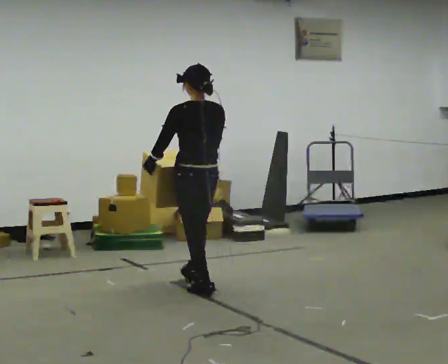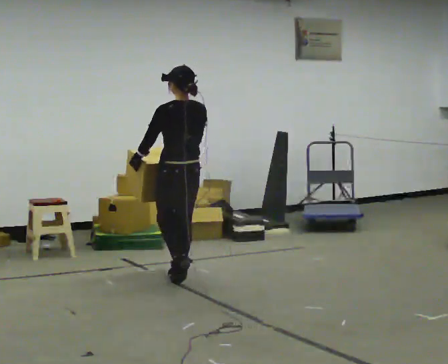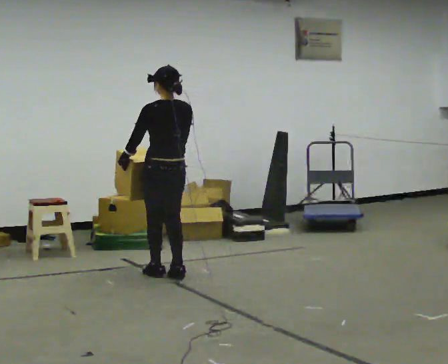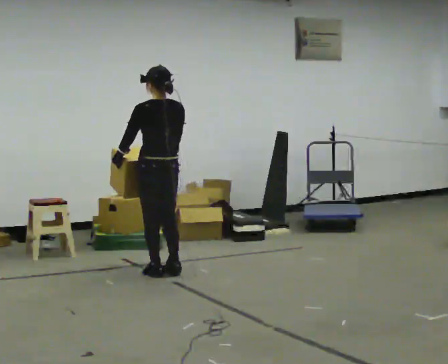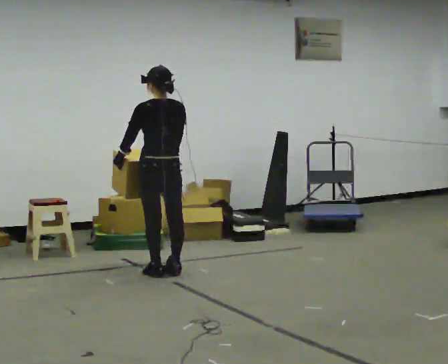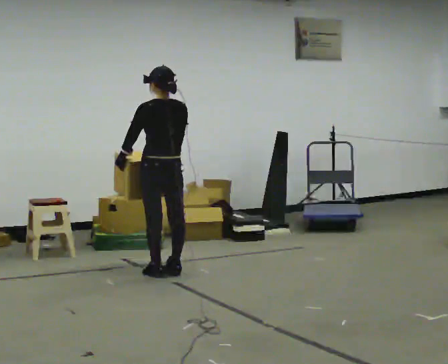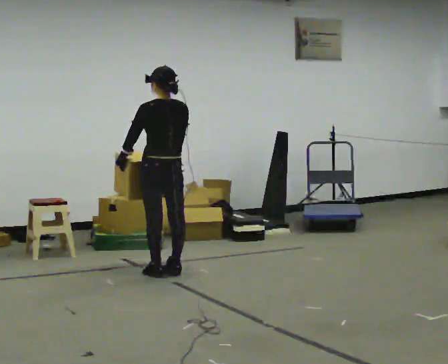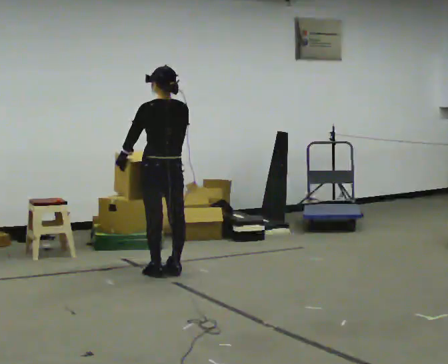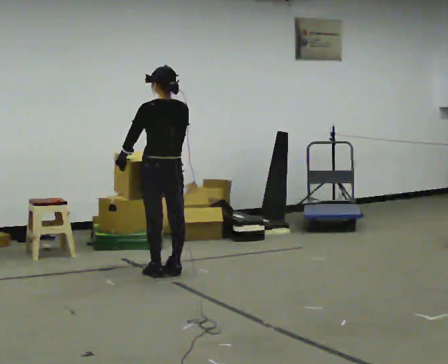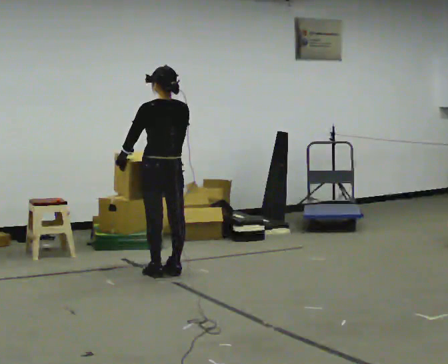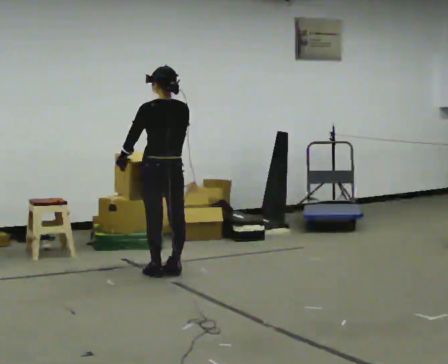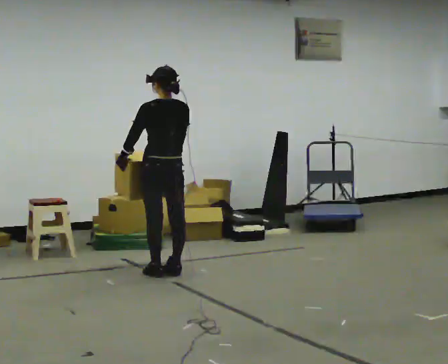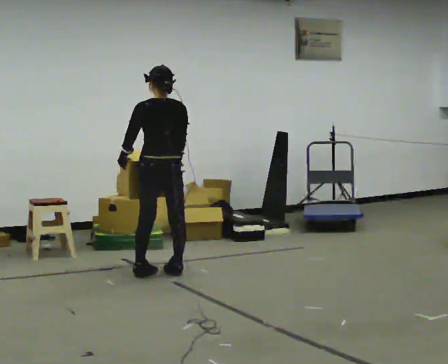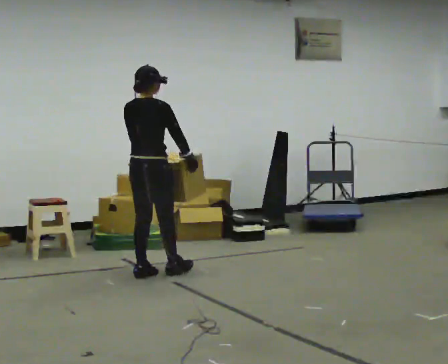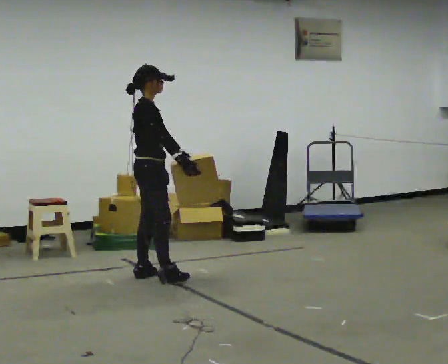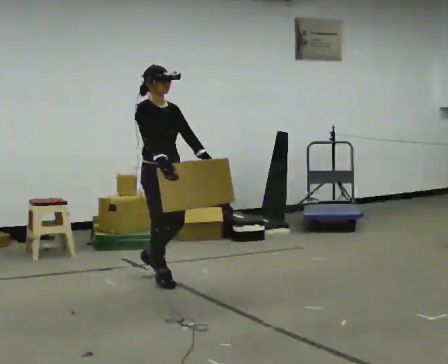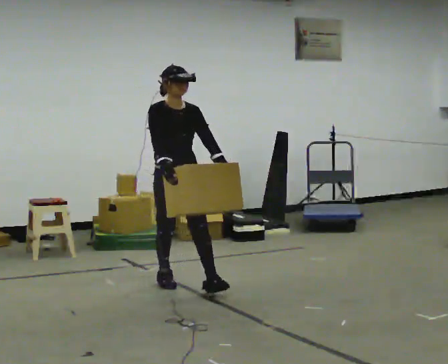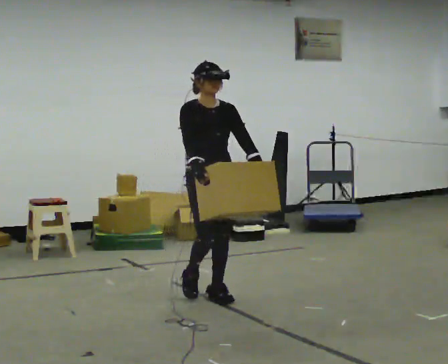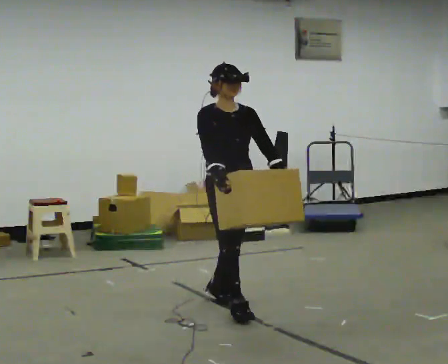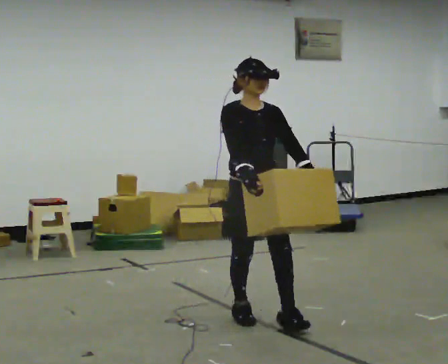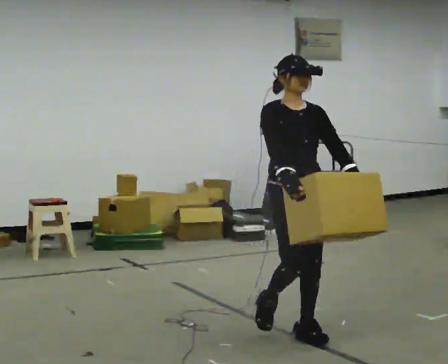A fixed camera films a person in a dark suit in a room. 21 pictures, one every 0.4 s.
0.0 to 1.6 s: In the picture they go away from the camera and to the left, about 0.5 m in 3 steps, which for them is forward.
1.6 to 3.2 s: The person keeps their place and pose.
3.2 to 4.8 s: The person moves a little, or ends about where they began.
4.8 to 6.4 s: The part of the body nearest the lens slides to the left as the person turns to their right by about 165 degrees. In the picture they go toward the camera and to the right, about 0.5 m in 2 steps.
6.4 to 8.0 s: In the picture they go toward the camera and to the right, about 1.5 m in 2 steps, which for them is forward.
The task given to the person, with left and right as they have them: Carry the medium box in both hands in front of you, walking back and forth across the room. Keep walking until the operator says stop.
The film runs forward here.
